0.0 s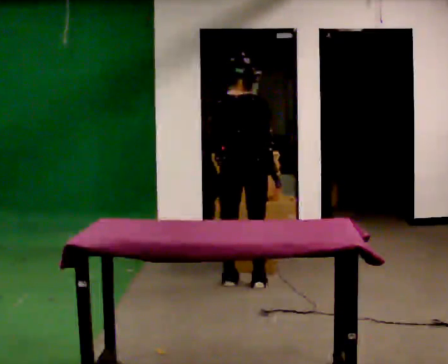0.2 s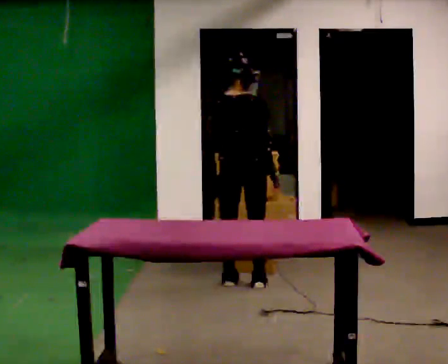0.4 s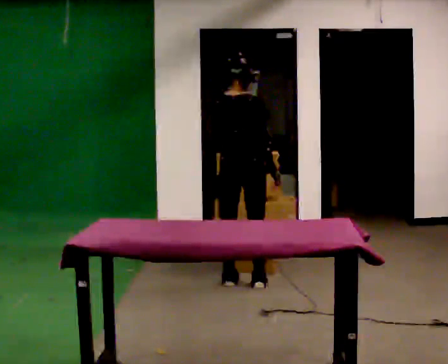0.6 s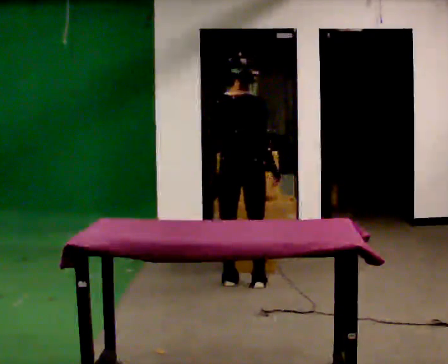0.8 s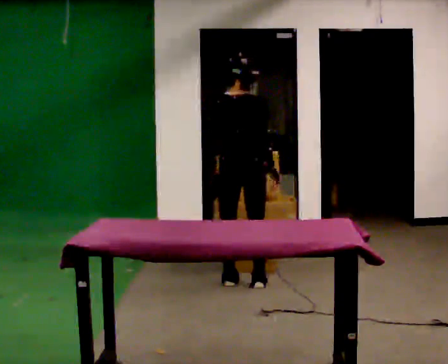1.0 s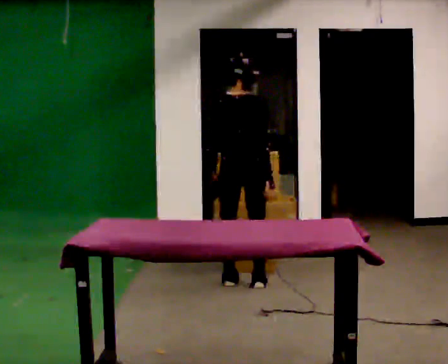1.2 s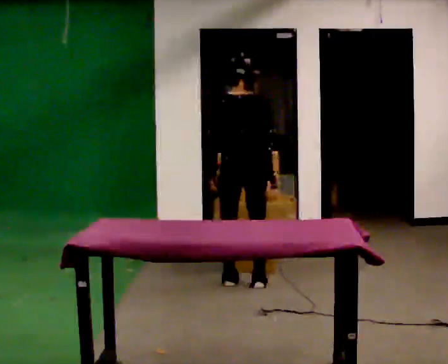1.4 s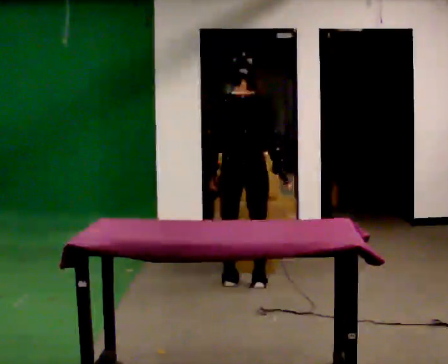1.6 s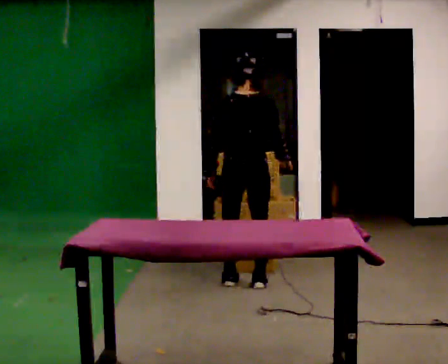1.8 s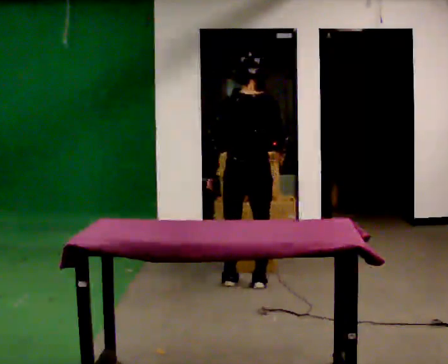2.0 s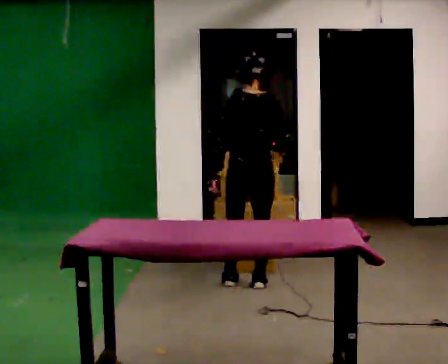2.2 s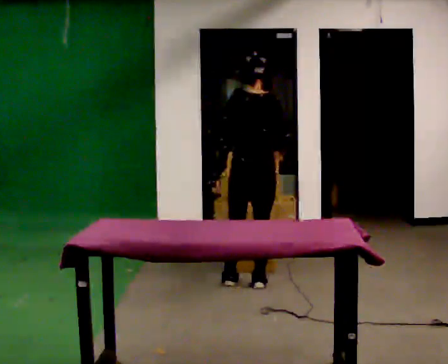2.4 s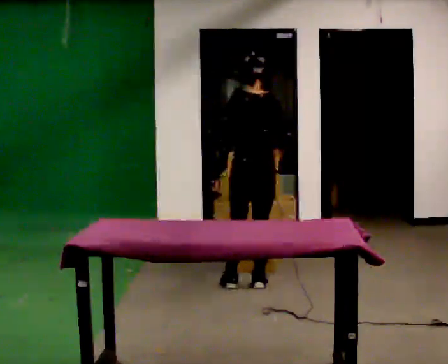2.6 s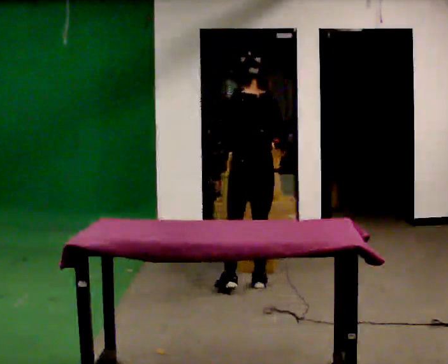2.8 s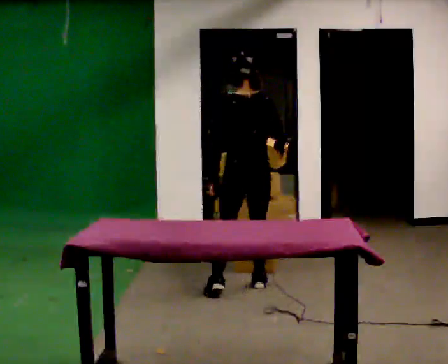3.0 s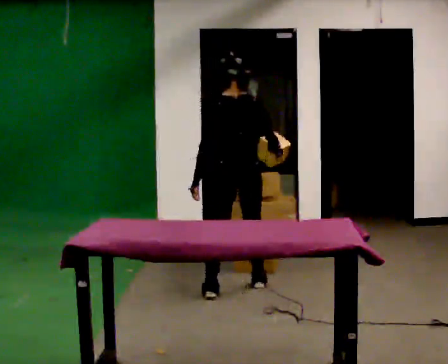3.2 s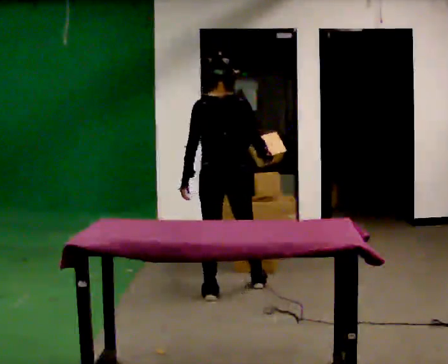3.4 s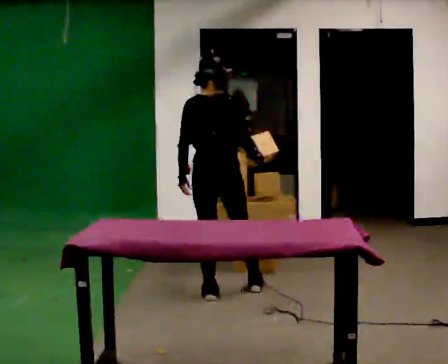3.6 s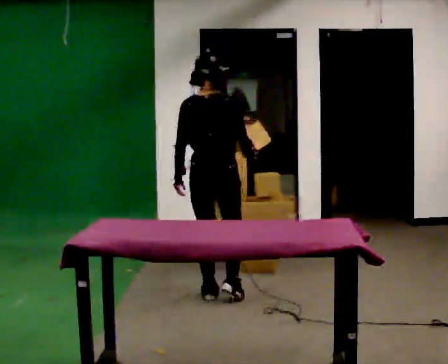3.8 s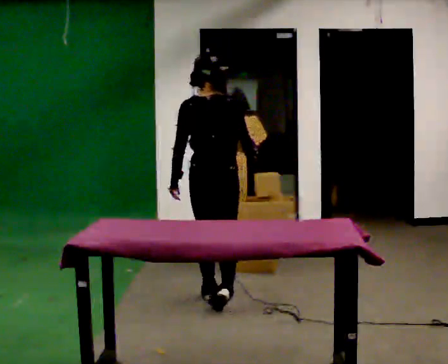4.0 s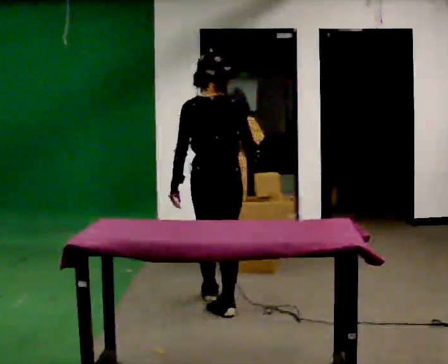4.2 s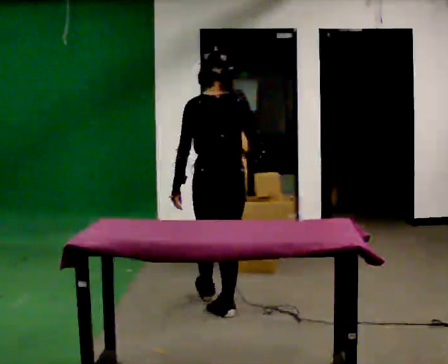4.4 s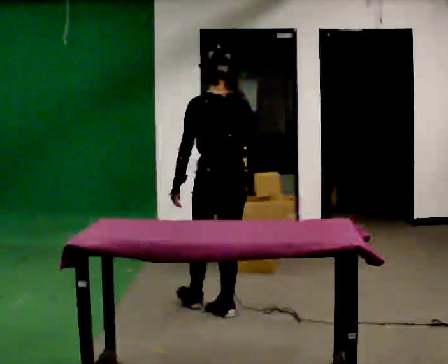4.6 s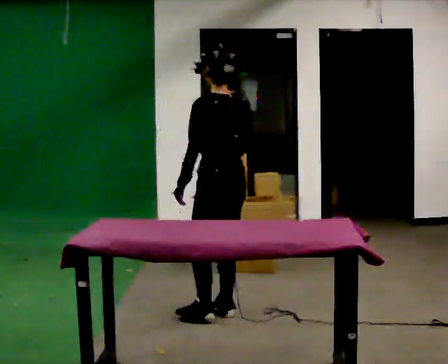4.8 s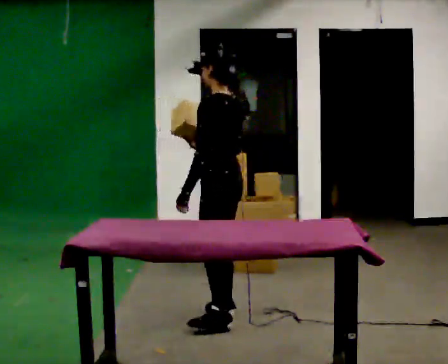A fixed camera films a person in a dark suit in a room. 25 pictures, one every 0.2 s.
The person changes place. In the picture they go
toward the camera.
0.0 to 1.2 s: The person moves a little, or ends about where they began.
1.2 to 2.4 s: The part of the body nearest the lens slides to the right as the person turns to their left by about 30 degrees.
2.4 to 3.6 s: Seen from above the body turns clockwise, about 30 degrees: to their right, with its near side sliding to the left. In the picture they go toward the camera and to the left, about 0.5 m in 1 step, which for them is to their left and backward.
3.6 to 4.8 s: The part of the body nearest the lens slides to the right as the person turns to their left by about 75 degrees. In the picture they go toward the camera, about 0.5 m in 1 step.
The film runs backward here.
